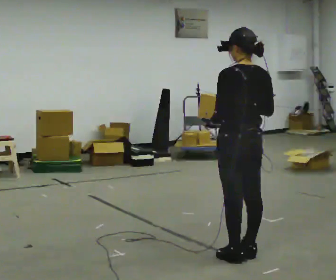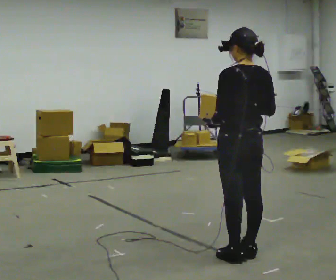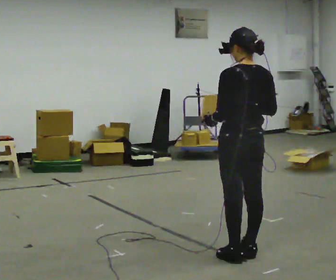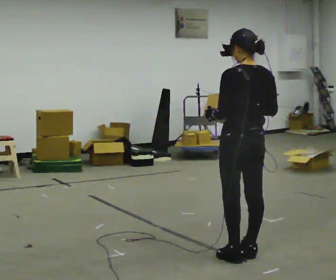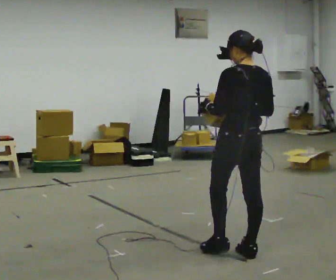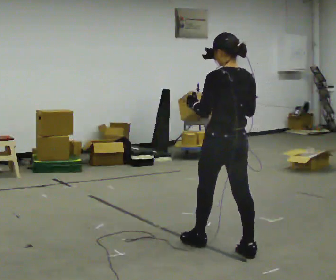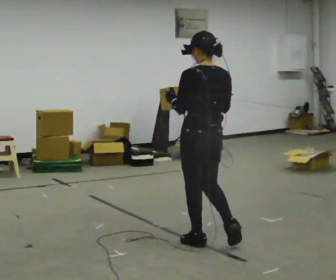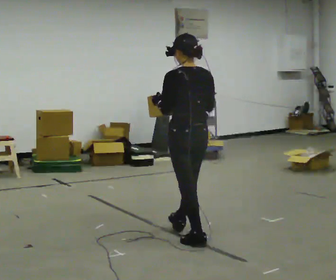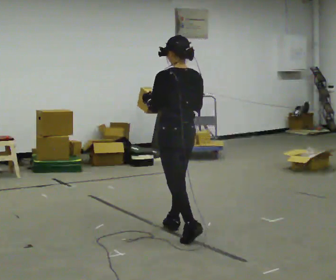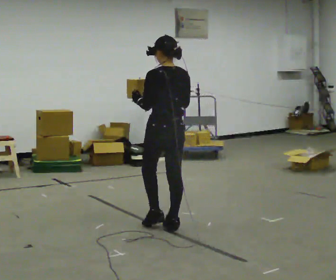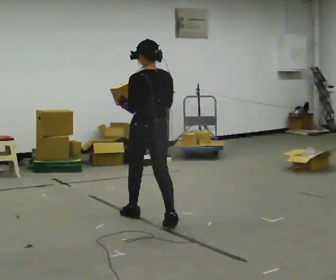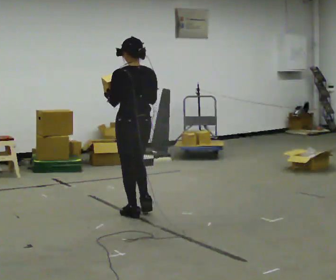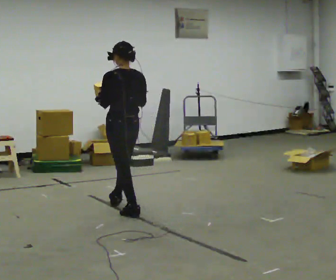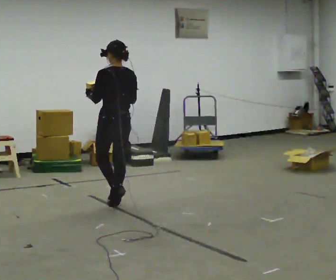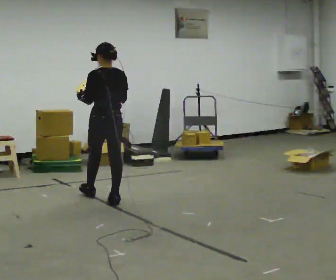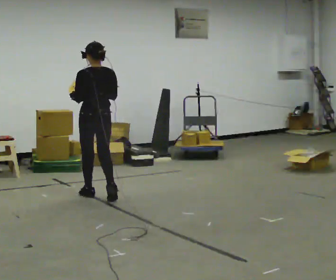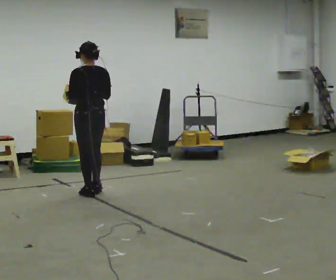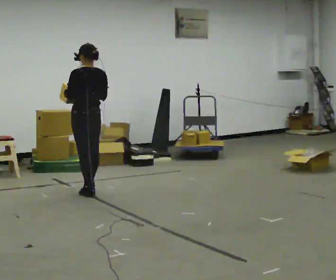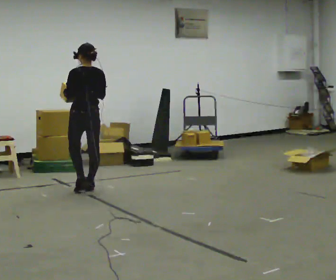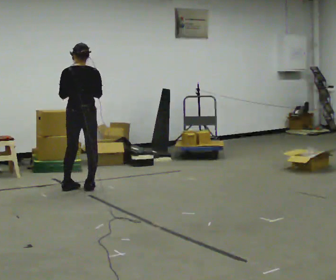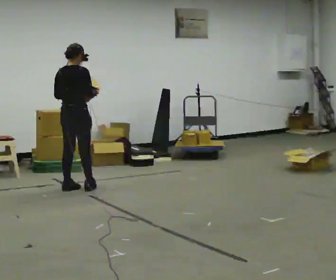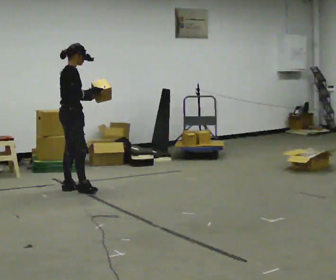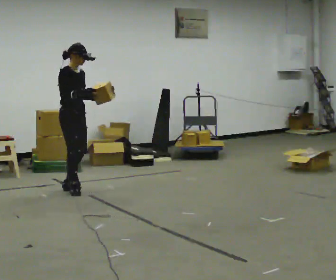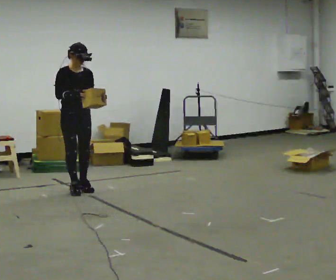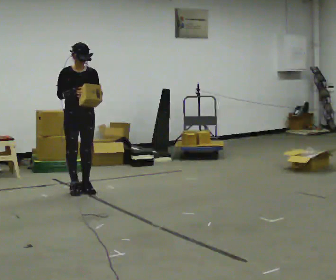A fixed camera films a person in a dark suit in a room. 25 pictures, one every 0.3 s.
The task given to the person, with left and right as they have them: Carry the box and, while you are still walking, turn it so you can read the label, read it out loud, then carry on. Repeat with the next box. Do not stop to read it.
0.0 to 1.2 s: The person moves a little, or ends about where they began.
1.2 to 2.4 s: In the picture they go away from the camera and to the left, about 0.5 m in 2 steps, which for them is forward.
2.4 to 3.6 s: In the picture they go away from the camera and to the left, about 1 m in 1 step, which for them is forward.
3.6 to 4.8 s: In the picture they go away from the camera and to the left, about 0.75 m in 2 steps, which for them is forward.
4.8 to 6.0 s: The person turns about 60 degrees to their right, clockwise seen from above, so the part of the body nearest the lens slides to the left. In the picture they go to the left and away from the camera, about 0.25 m in 2 steps.
6.0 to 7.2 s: The part of the body nearest the lens slides to the left as the person turns to their right by about 135 degrees.
The film runs forward here.
